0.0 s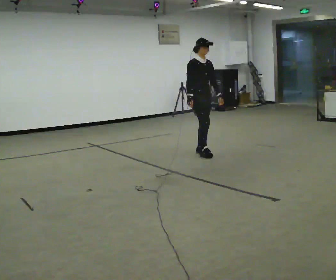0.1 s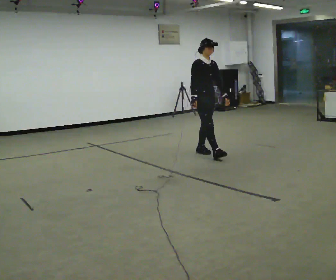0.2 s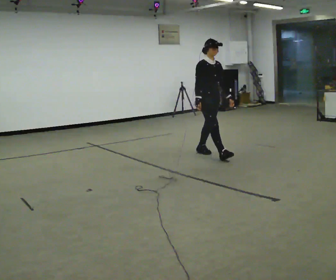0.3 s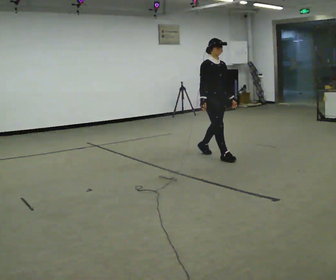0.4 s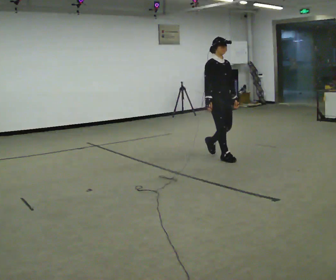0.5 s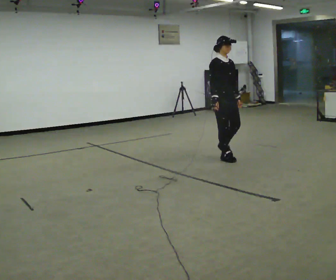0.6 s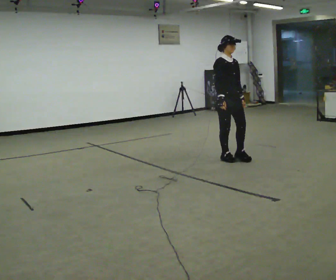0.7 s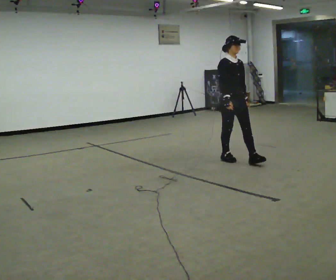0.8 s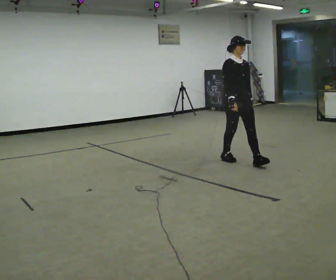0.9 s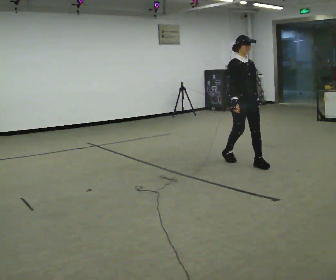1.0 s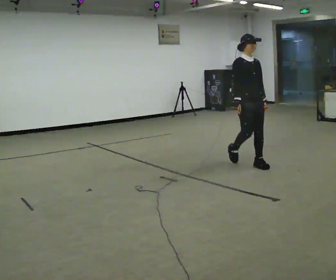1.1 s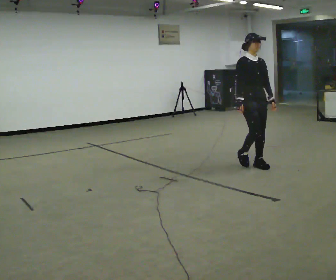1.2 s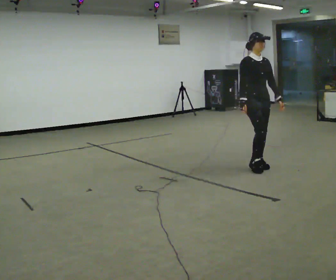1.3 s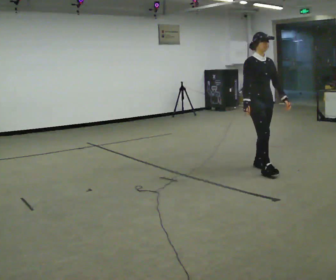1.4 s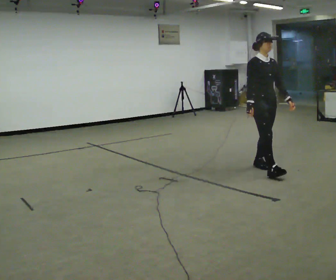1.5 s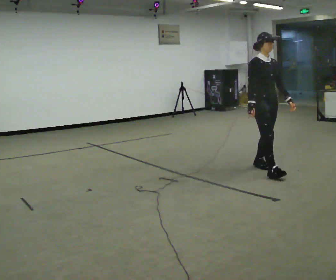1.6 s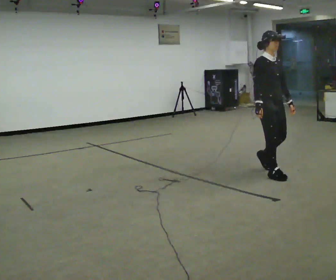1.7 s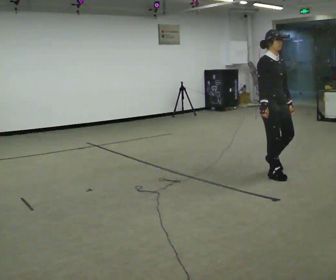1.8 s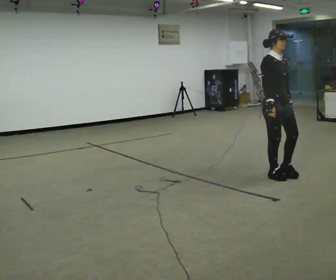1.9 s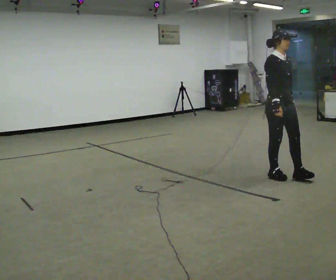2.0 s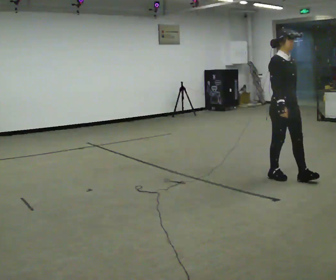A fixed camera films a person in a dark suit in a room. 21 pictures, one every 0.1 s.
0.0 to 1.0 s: In the picture they go to the right and toward the camera, about 1 m in 2 steps, which for them is forward.
1.0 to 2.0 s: In the picture they go toward the camera and to the right, about 0.75 m in 2 steps, which for them is forward.
The film runs forward here.
